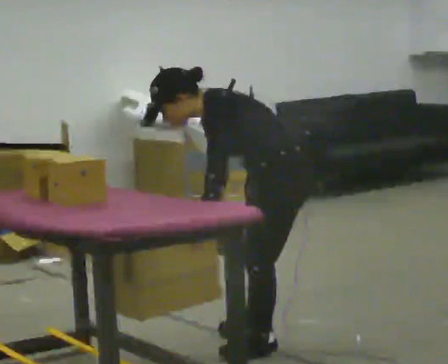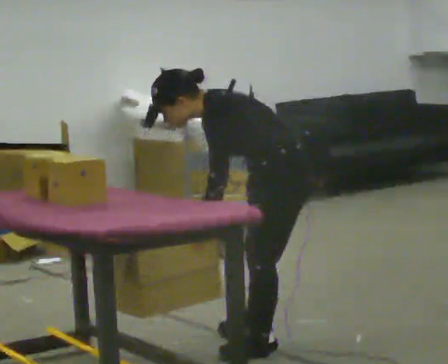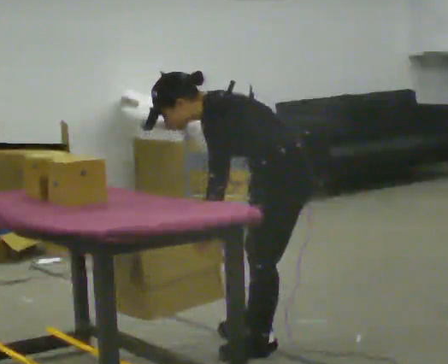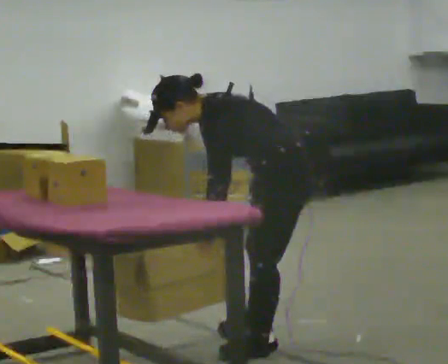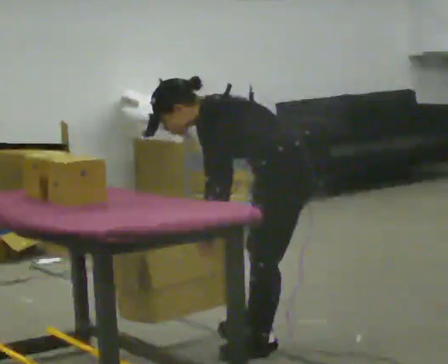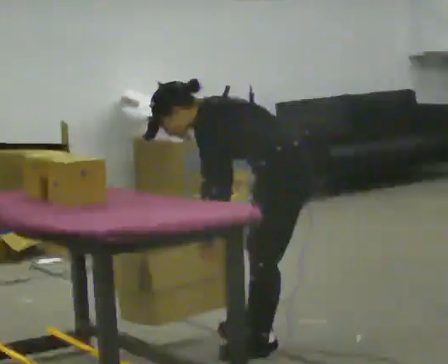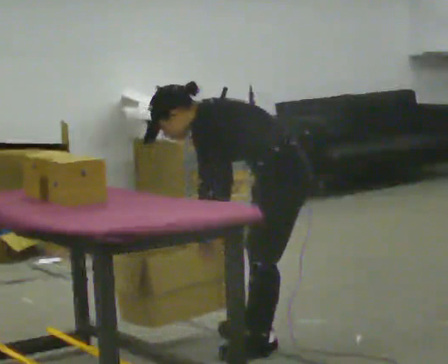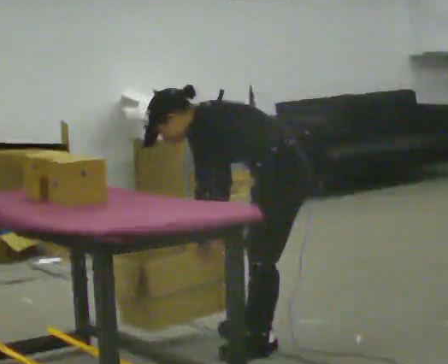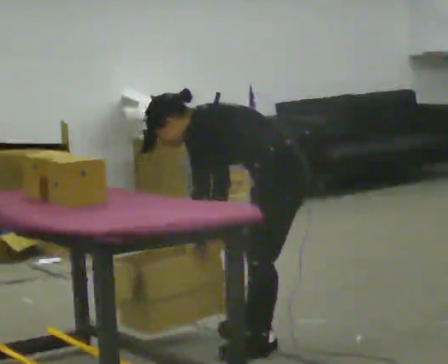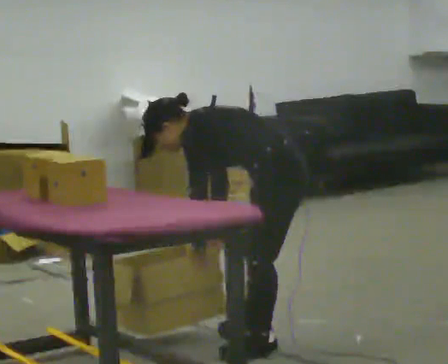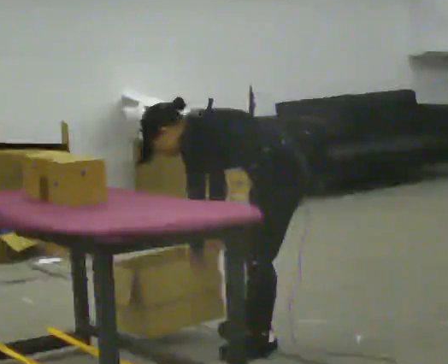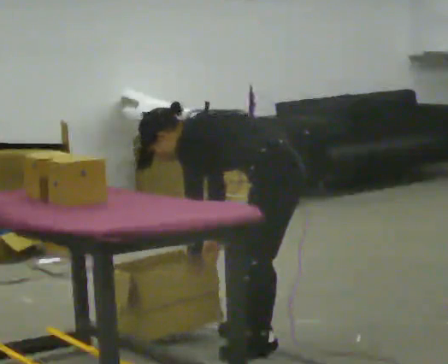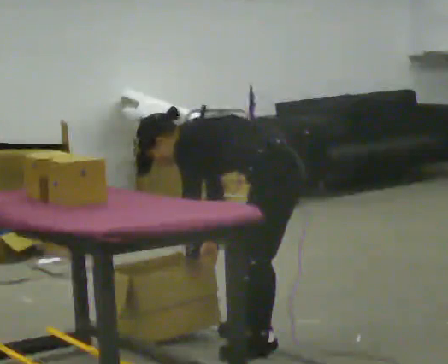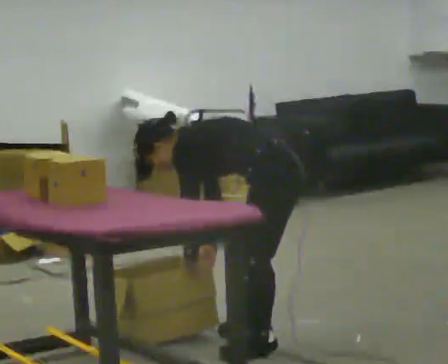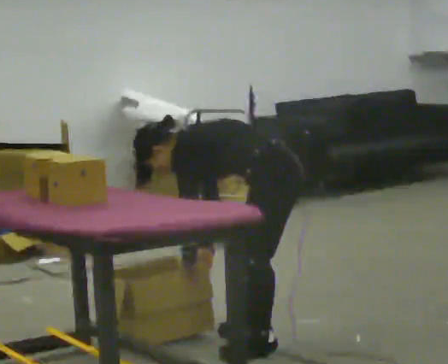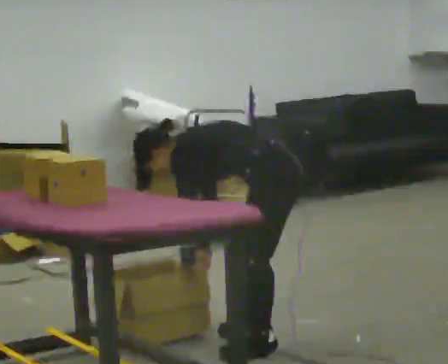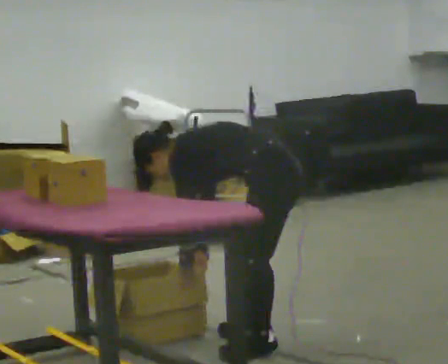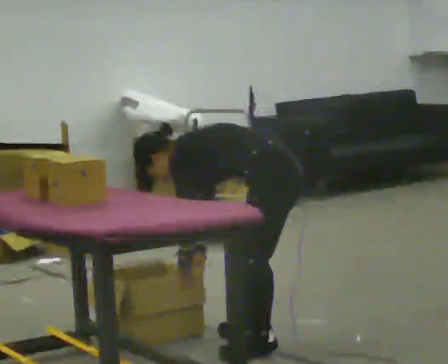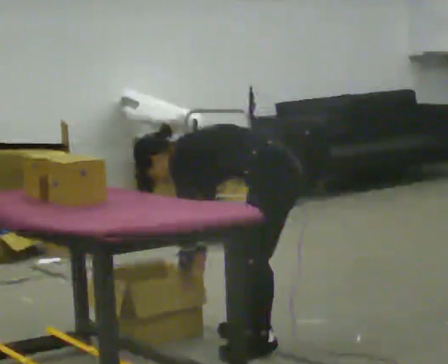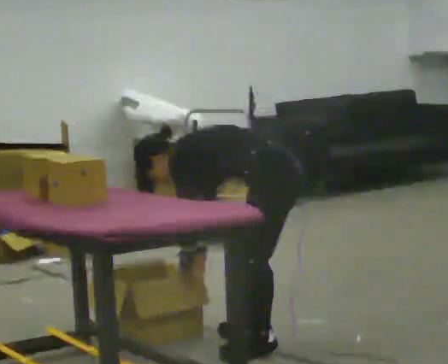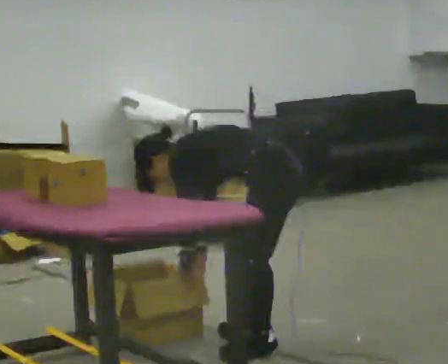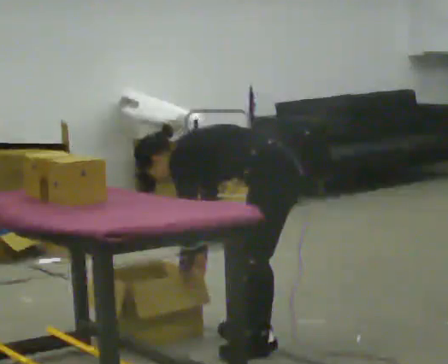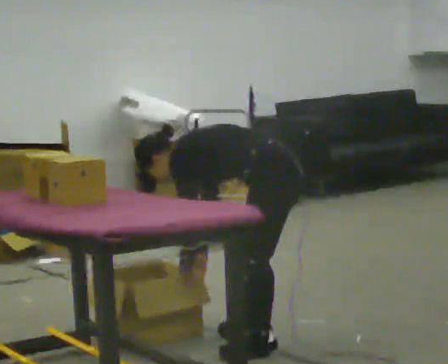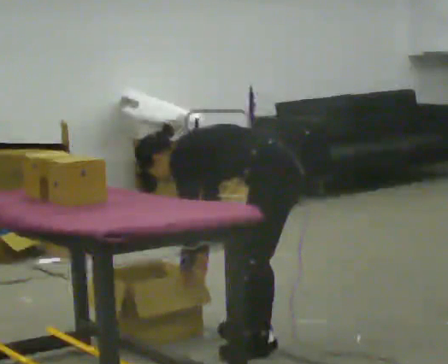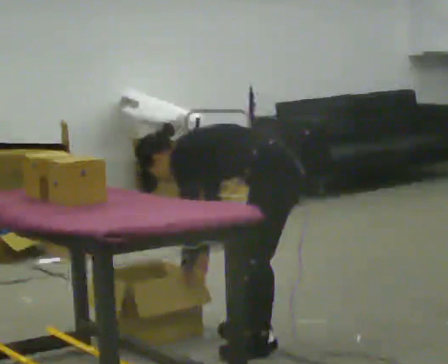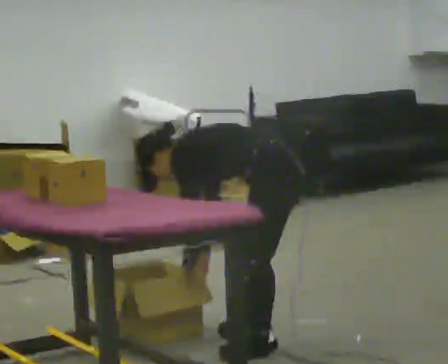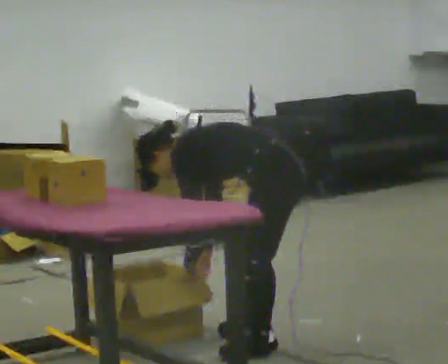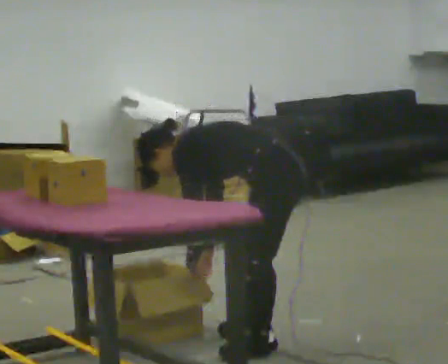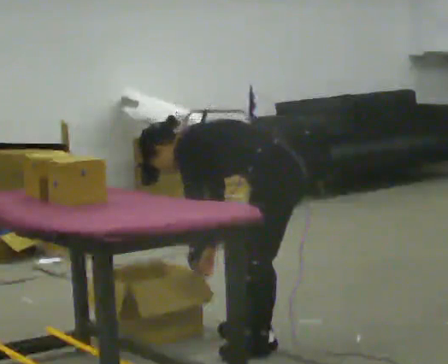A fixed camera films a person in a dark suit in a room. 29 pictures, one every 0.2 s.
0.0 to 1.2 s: The upper body tips away from the camera, its near side rolling upward.
1.2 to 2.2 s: The upper body tips away from the camera, its near side rolling upward, as they bend forward.
2.2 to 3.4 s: The upper body tips away from the camera, its near side rolling upward.
3.4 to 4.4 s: The person keeps their place and pose.
4.4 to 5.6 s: The person moves a little, or ends about where they began.
The film runs backward here.
